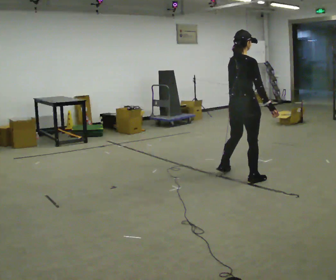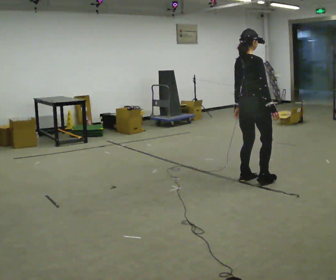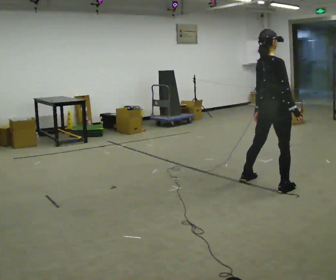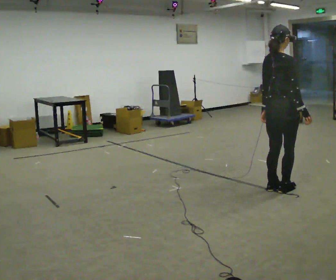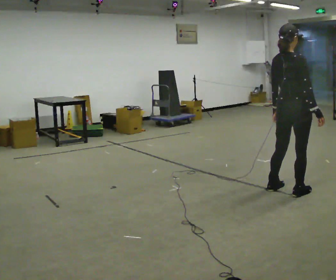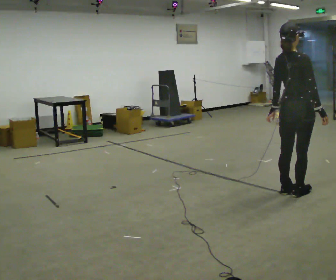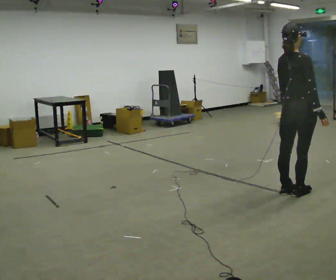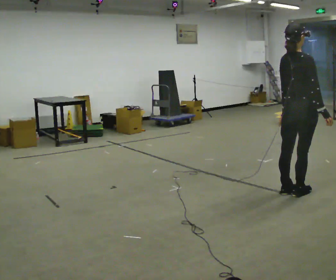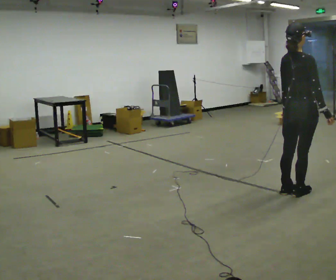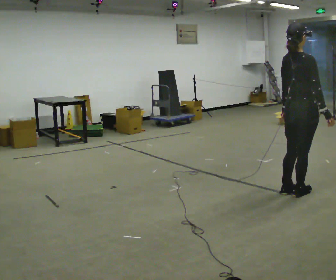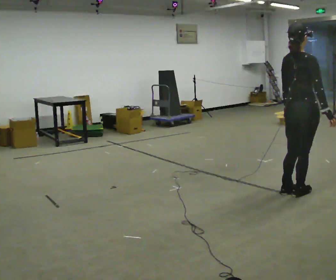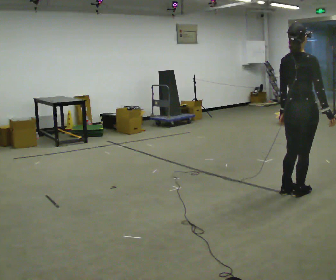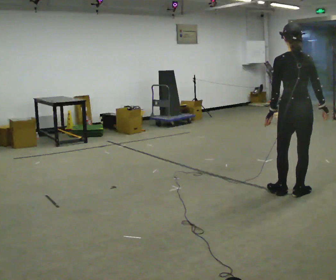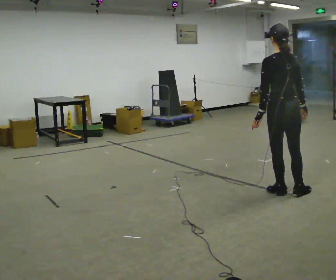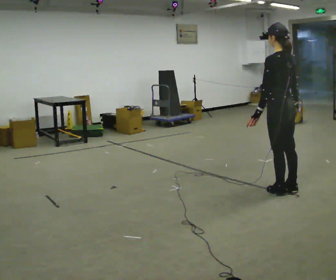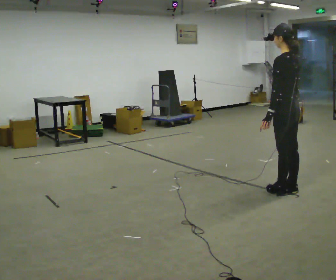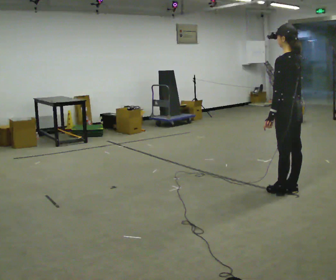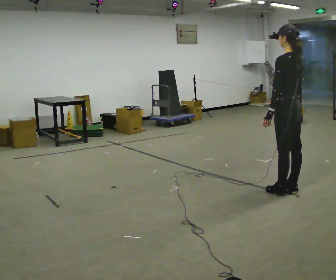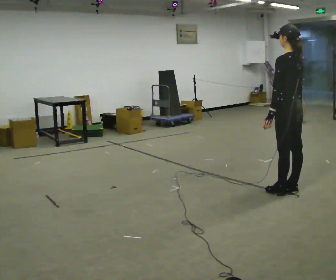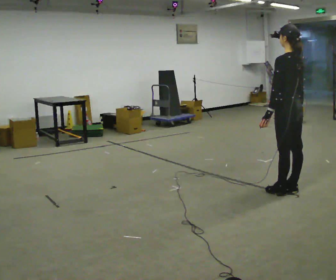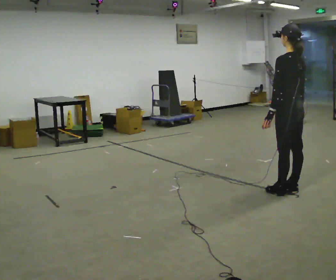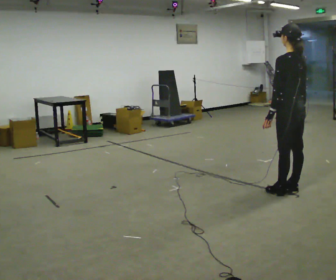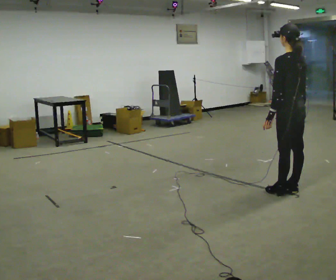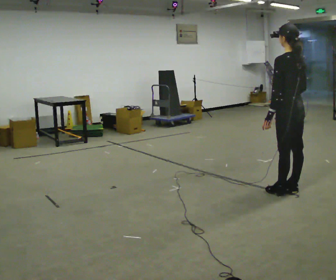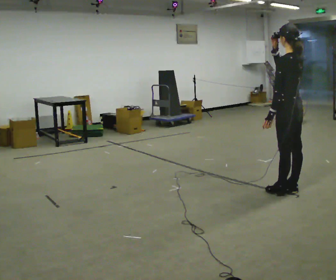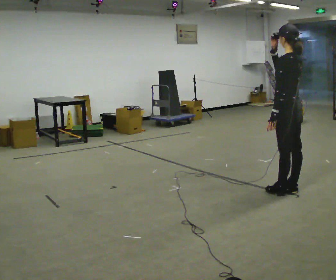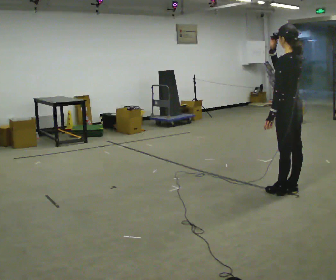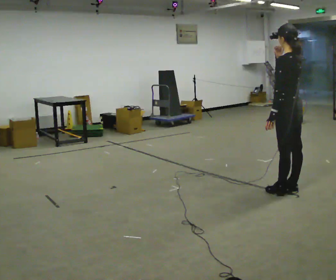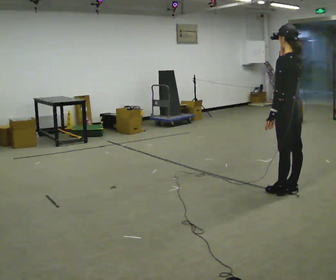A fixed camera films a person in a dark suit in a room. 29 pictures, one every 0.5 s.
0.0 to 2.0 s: In the picture they go to the right and toward the camera, about 0.75 m in 4 steps, which for them is to their right.
2.0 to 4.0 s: The person moves a little, or ends about where they began.
4.0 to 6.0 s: Seen from above the body turns counterclockwise, about 45 degrees: to their left, with its near side sliding to the right.
6.0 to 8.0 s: The part of the body nearest the lens slides to the right as the person turns to their left by about 45 degrees.
8.0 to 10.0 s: The person moves a little, or ends about where they began.
10.0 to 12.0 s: In the picture their right hand goes upward.
12.0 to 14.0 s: The person moves a little, or ends about where they began.
The film runs forward here.
